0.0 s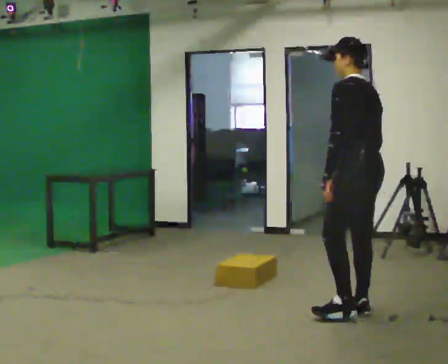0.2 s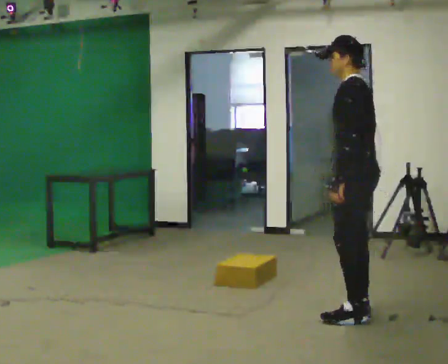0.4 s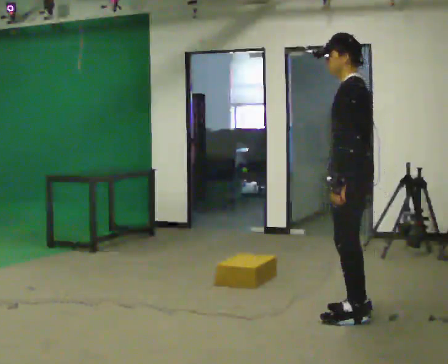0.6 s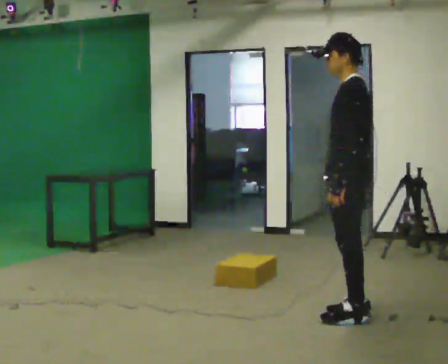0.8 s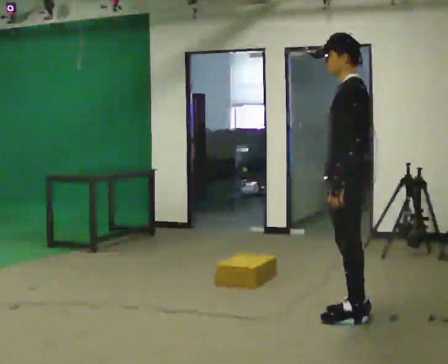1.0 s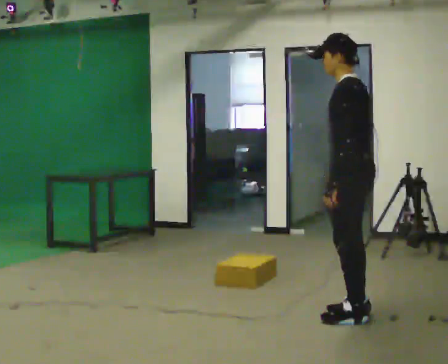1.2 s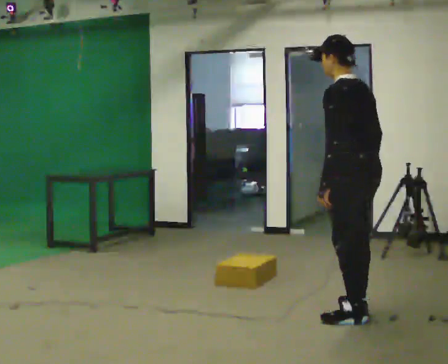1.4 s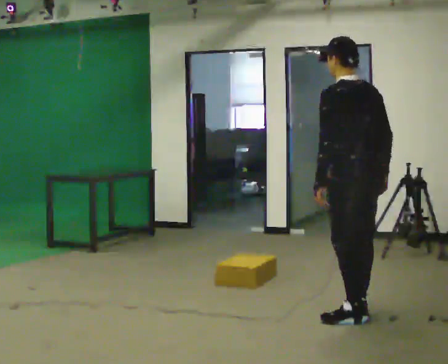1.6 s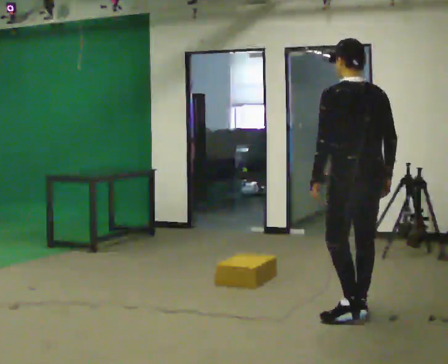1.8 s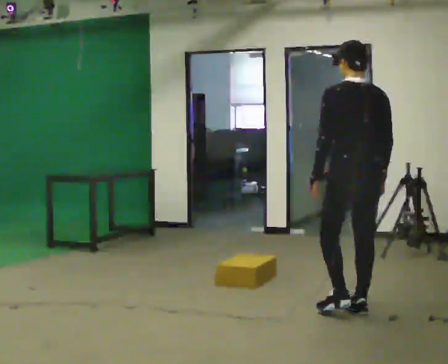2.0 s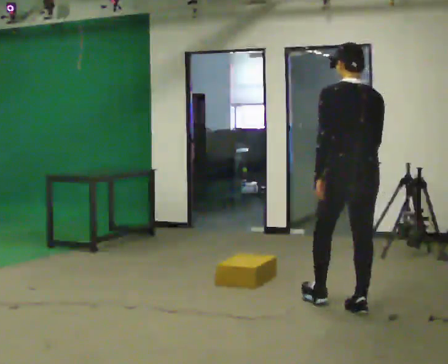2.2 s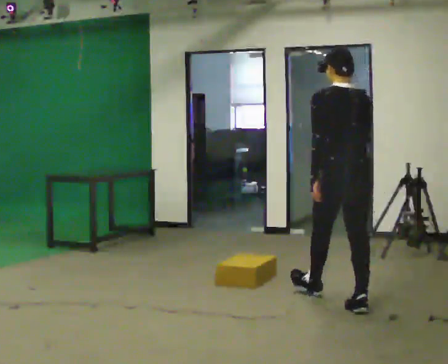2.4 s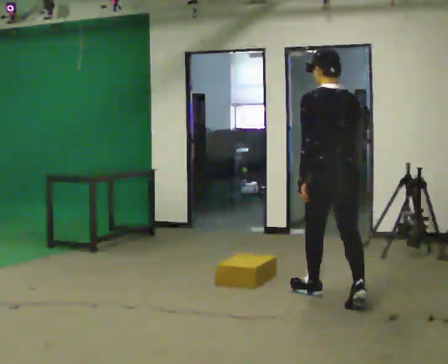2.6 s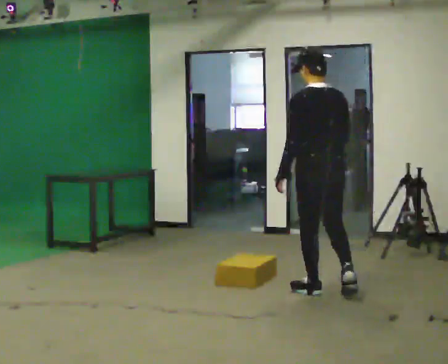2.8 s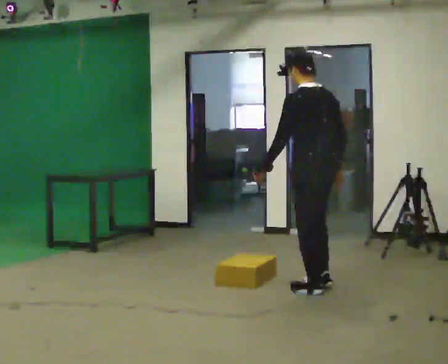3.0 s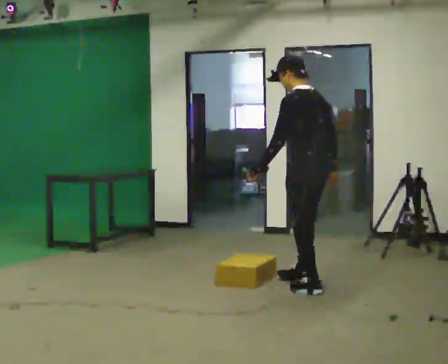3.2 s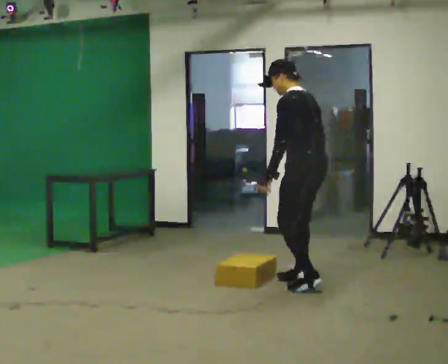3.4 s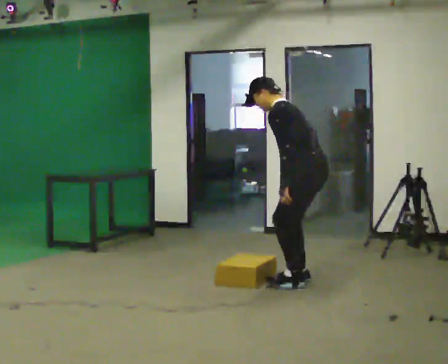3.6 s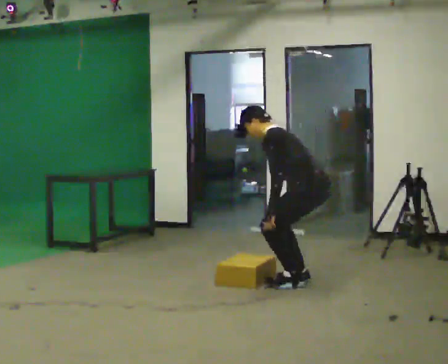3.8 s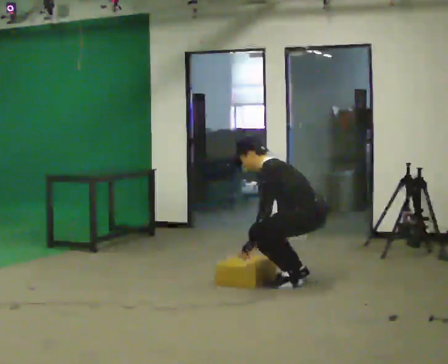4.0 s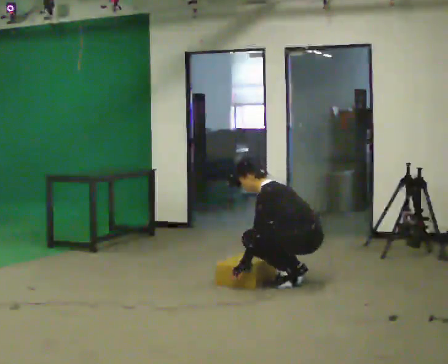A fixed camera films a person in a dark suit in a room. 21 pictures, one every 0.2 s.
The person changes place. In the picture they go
away from the camera.
The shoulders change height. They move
downward.
0.0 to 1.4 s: The person moves a little, or ends about where they began.
1.4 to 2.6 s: In the picture they go away from the camera and to the left, about 0.5 m in 1 step, which for them is forward.
2.6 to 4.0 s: The person turns about 45 degrees to their left, counterclockwise seen from above, so the part of the body nearest the lens slides to the right. In the picture they go away from the camera and to the left, about 0.5 m in 2 steps, which for them is to their right and forward. The upper body goes downward. In the picture the upper body tilts counterclockwise, shoulders to the left, as they bend forward. In the picture their left hand goes downward.
The film runs forward here.
